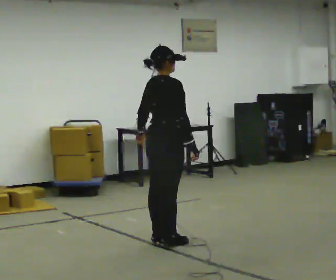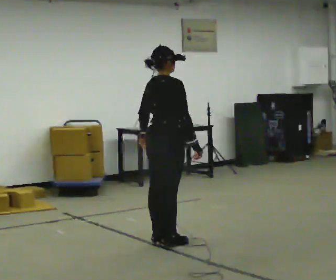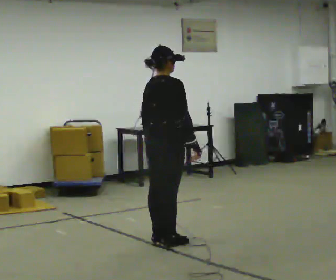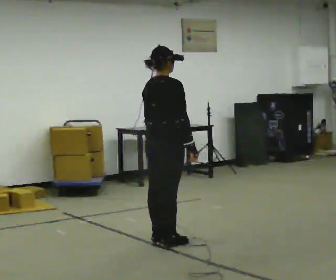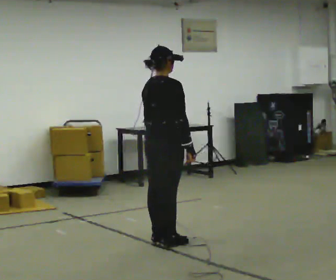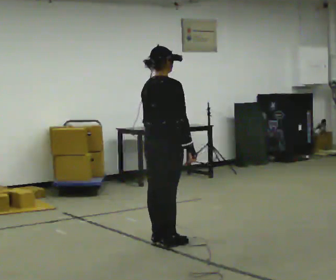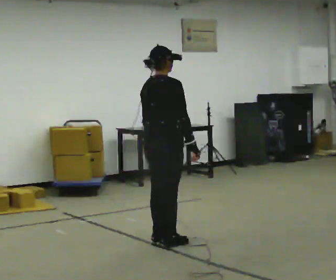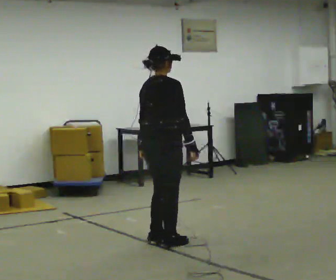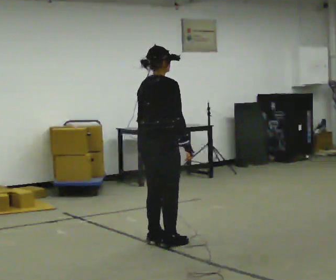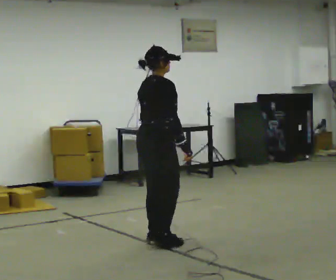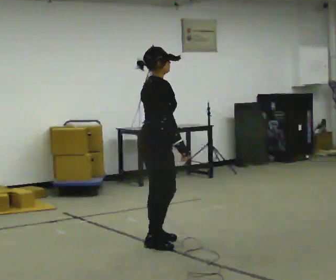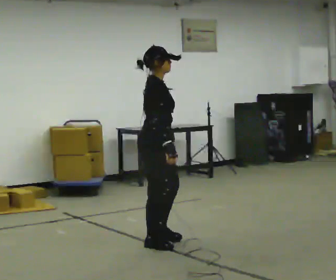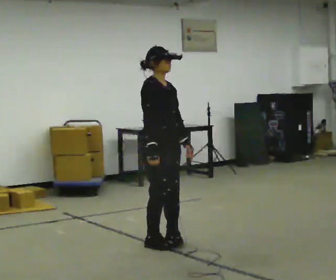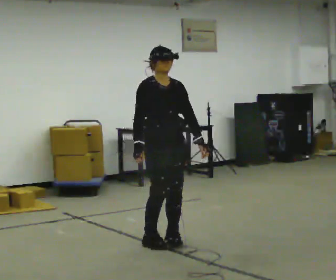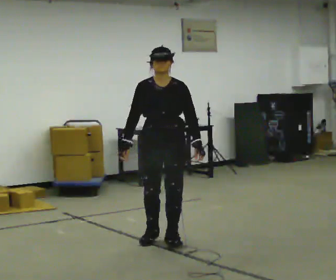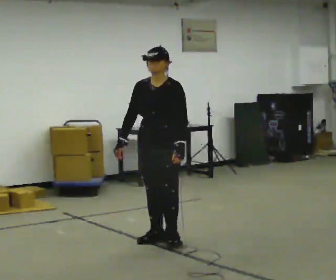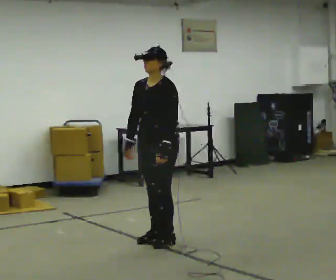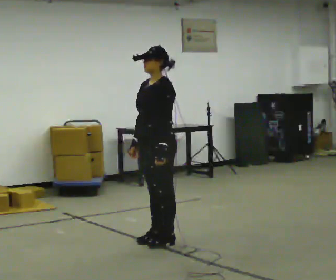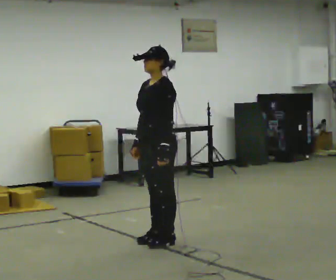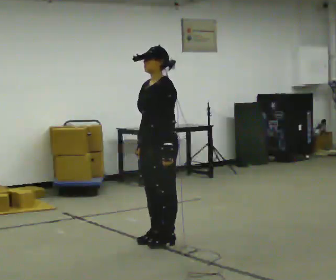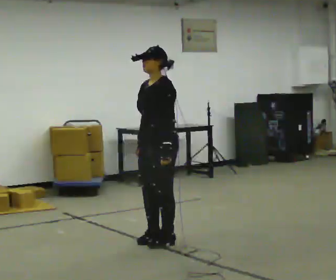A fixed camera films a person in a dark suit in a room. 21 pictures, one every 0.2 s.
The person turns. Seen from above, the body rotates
clockwise.
The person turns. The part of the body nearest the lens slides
to the left.
0.0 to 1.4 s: The person moves a little, or ends about where they began.
1.4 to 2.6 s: Seen from above the body turns clockwise, about 90 degrees: to their right, with its near side sliding to the left. In the picture their left hand goes to the right, the arm swinging counterclockwise.
2.6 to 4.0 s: The part of the body nearest the lens slides to the left as the person turns to their right by about 90 degrees.
The film runs backward here.
